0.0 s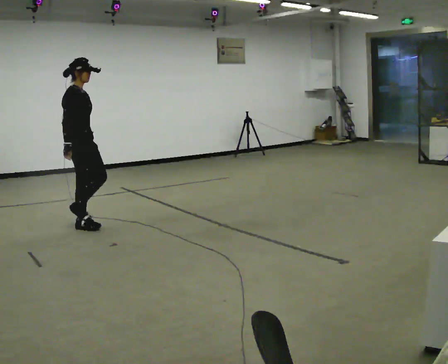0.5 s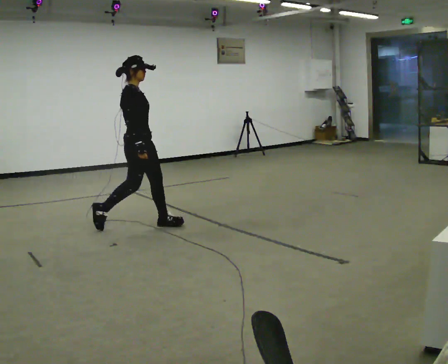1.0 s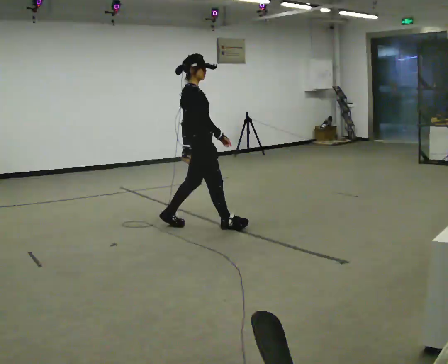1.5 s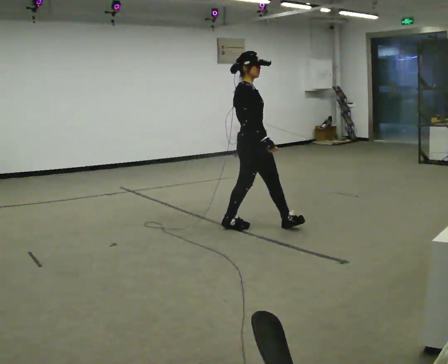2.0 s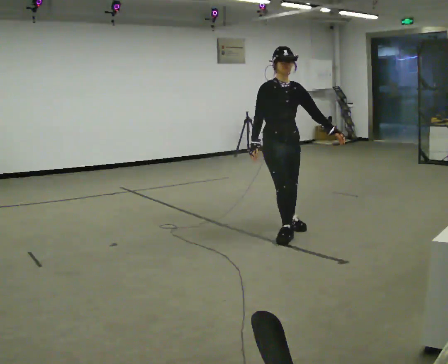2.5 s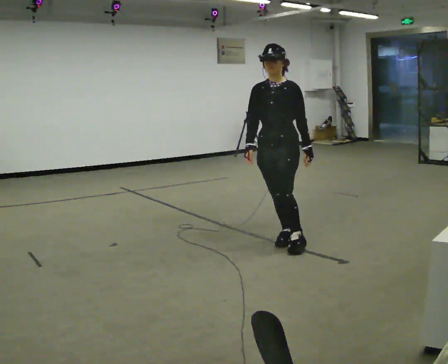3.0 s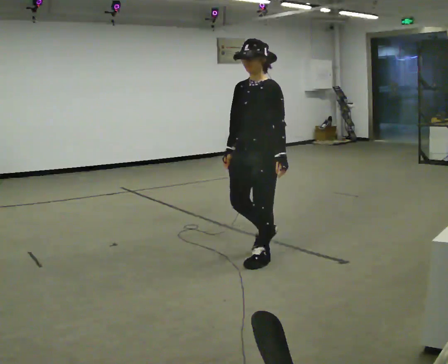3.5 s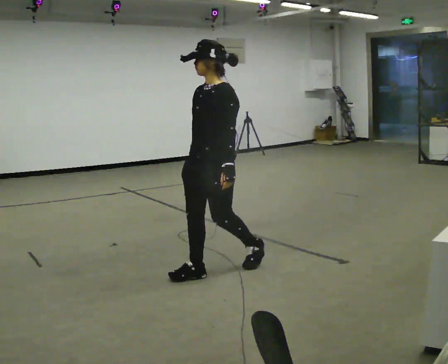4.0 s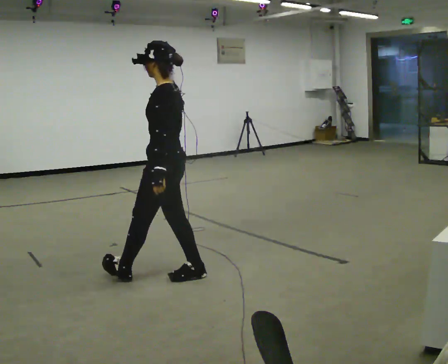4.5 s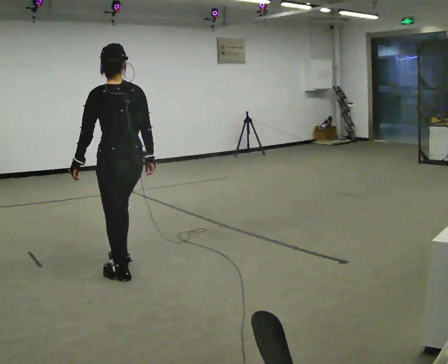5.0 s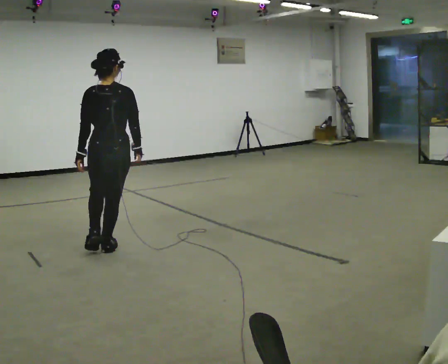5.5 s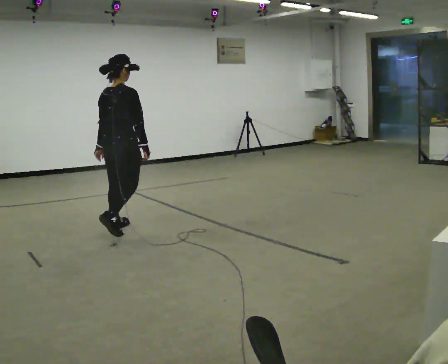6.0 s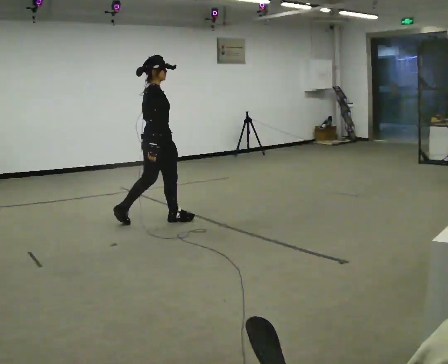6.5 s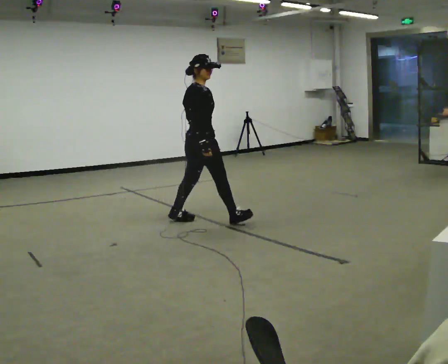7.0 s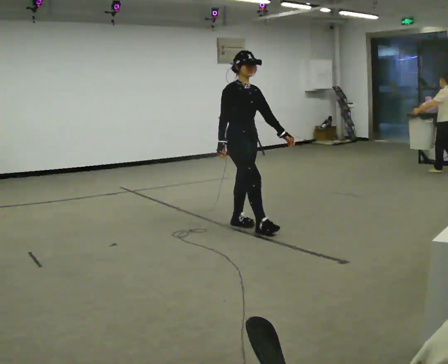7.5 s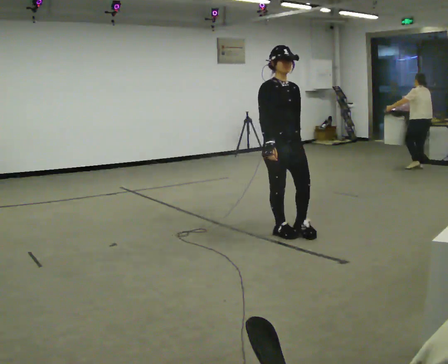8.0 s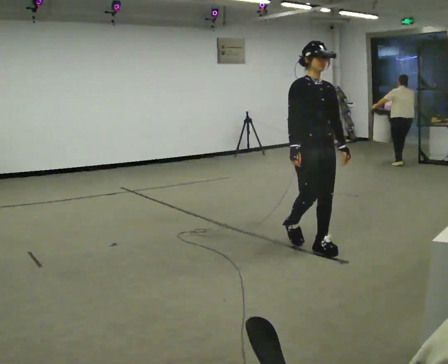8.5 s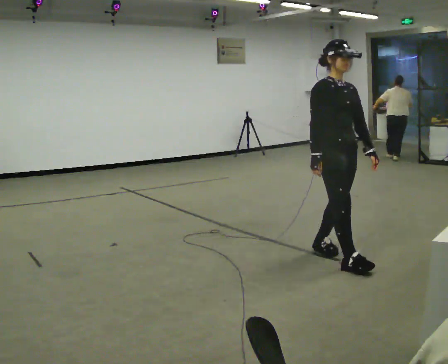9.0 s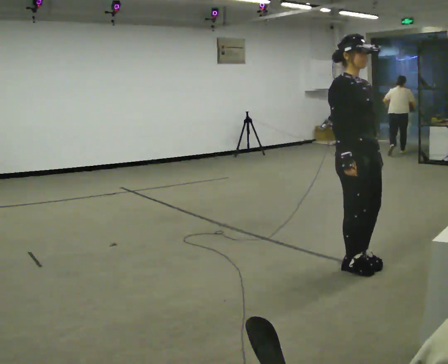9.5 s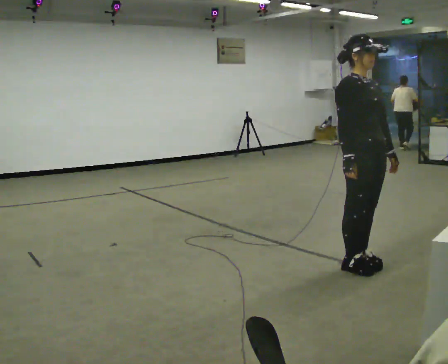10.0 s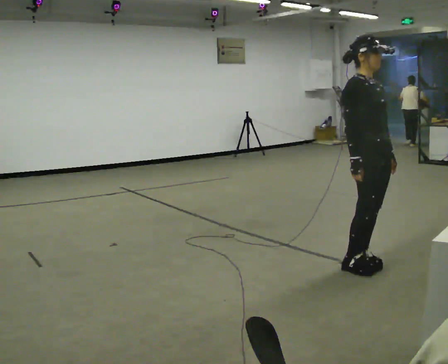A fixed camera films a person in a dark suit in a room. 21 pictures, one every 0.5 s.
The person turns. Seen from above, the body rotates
clockwise.
The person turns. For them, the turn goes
to their right.
0.0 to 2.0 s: The part of the body nearest the lens slides to the left as the person turns to their right by about 60 degrees. In the picture they go to the right and toward the camera, about 2 m in 3 steps.
2.0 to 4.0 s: The person turns about 105 degrees to their right, clockwise seen from above, so the part of the body nearest the lens slides to the left. In the picture they go to the left and toward the camera, about 1.5 m in 3 steps.
4.0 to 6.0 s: The person turns about 150 degrees to their right, clockwise seen from above, so the part of the body nearest the lens slides to the left. In the picture they go away from the camera, about 1.5 m in 4 steps.
6.0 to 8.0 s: Seen from above the body turns clockwise, about 90 degrees: to their right, with its near side sliding to the left. In the picture they go toward the camera and to the right, about 1.5 m in 3 steps.
8.0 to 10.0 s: In the picture they go toward the camera, about 0.5 m in 2 steps, which for them is forward.
The film runs forward here.
